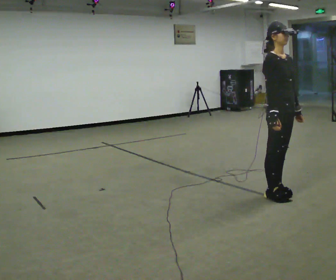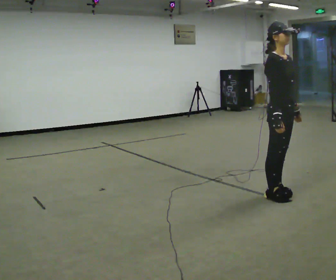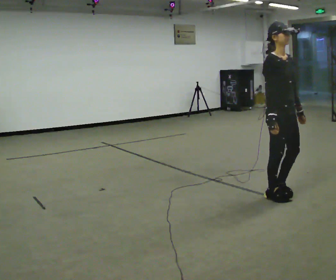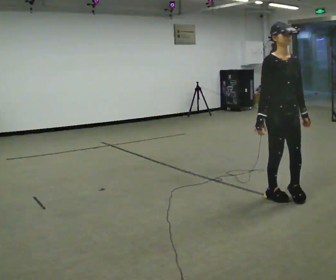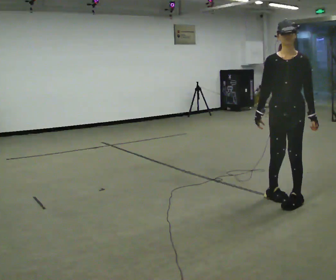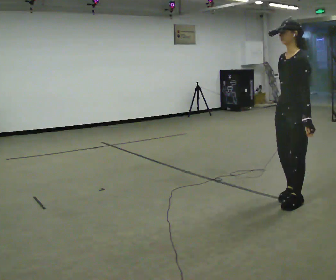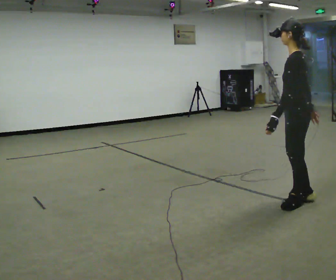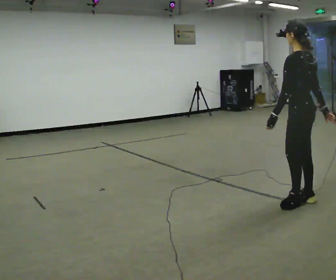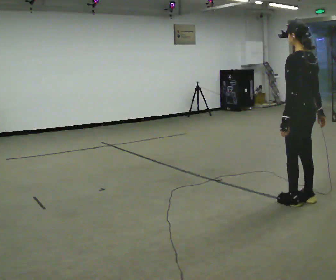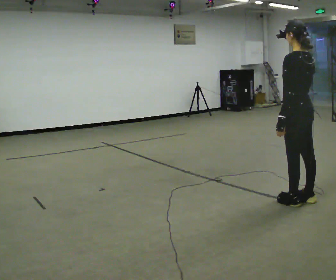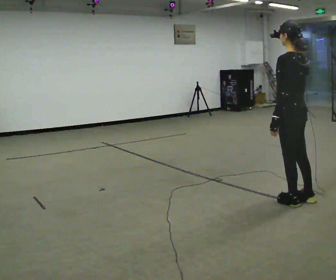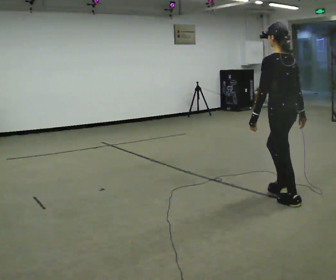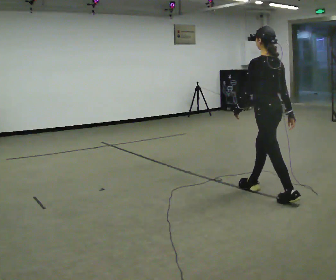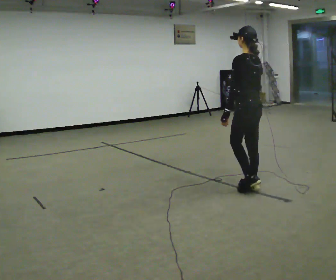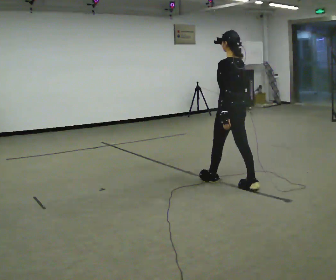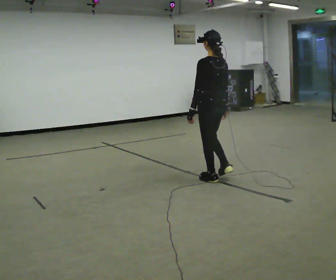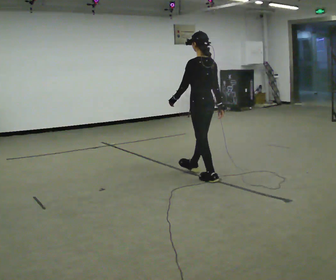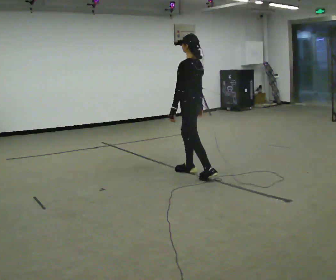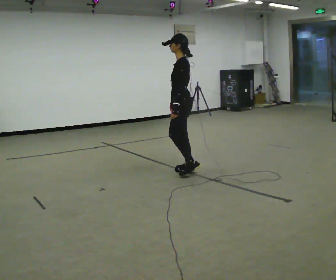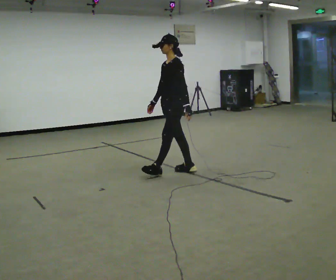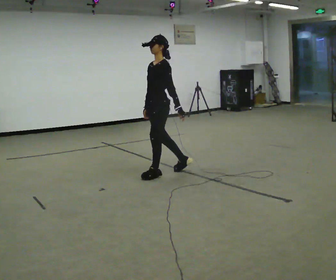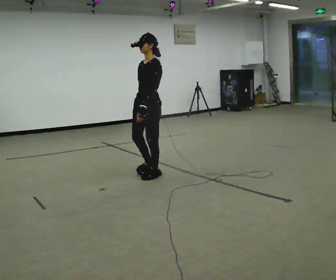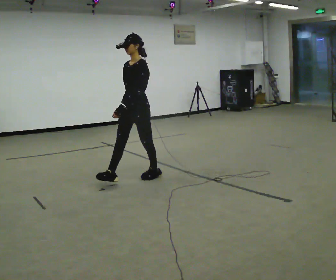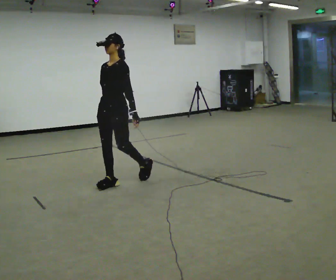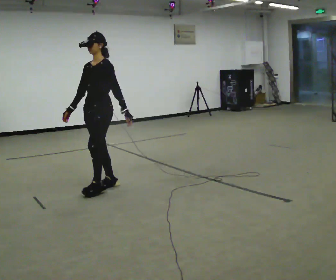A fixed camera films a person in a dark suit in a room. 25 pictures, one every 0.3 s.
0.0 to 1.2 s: The part of the body nearest the lens slides to the left as the person turns to their right by about 60 degrees.
1.2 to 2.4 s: The part of the body nearest the lens slides to the left as the person turns to their right by about 120 degrees. In the picture their right hand goes to the right, the arm swinging counterclockwise.
2.4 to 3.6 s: In the picture they go to the left and away from the camera, about 0.5 m in 1 step, which for them is forward.
3.6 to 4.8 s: In the picture they go to the left and away from the camera, about 1 m in 1 step, which for them is forward.
4.8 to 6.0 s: Seen from above the body turns counterclockwise, about 75 degrees: to their left, with its near side sliding to the right. In the picture they go to the left, about 0.5 m in 2 steps.
6.0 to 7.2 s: Seen from above the body turns counterclockwise, about 30 degrees: to their left, with its near side sliding to the right. In the picture they go toward the camera and to the left, about 1 m in 1 step, which for them is forward.
The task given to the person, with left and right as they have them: Walk normally; turn left/right while slowing; after turn accelerate back to normal.
The film runs forward here.
